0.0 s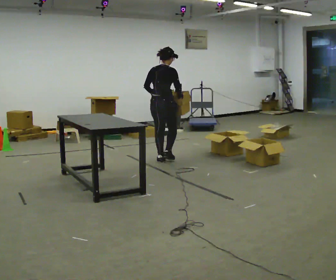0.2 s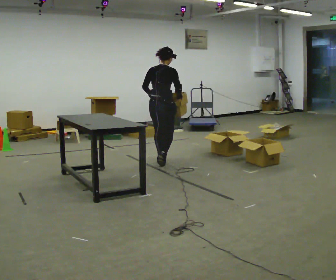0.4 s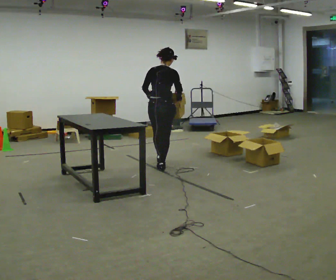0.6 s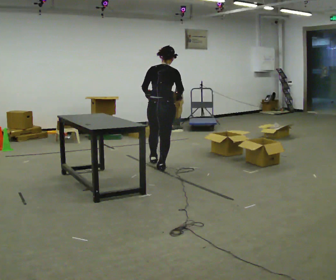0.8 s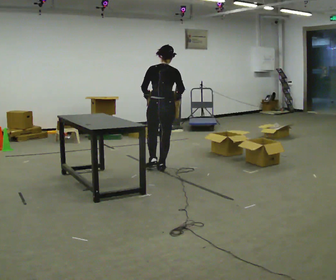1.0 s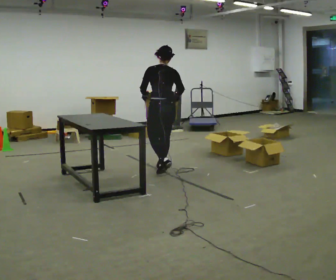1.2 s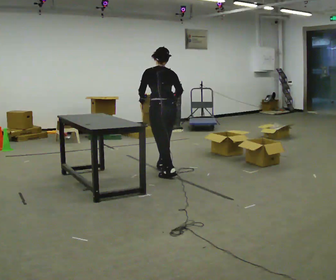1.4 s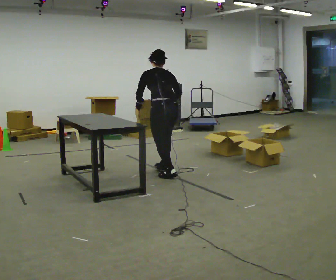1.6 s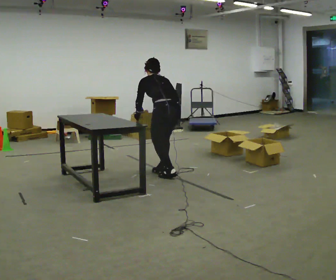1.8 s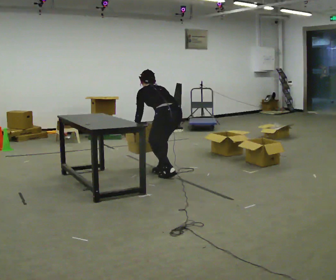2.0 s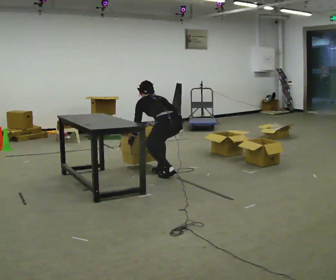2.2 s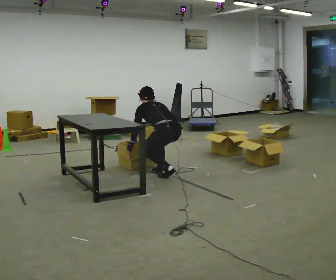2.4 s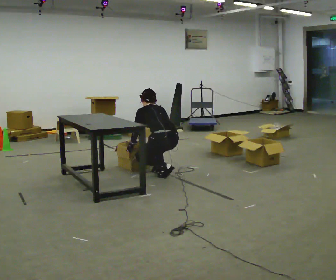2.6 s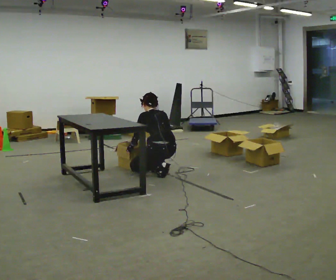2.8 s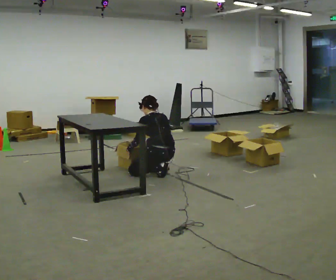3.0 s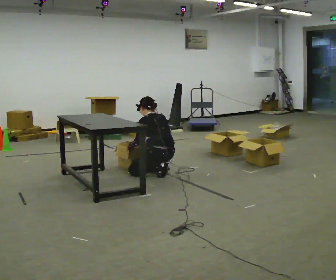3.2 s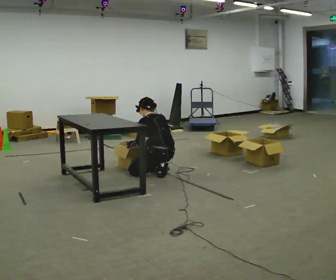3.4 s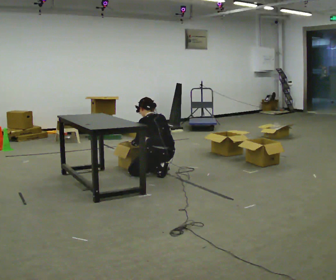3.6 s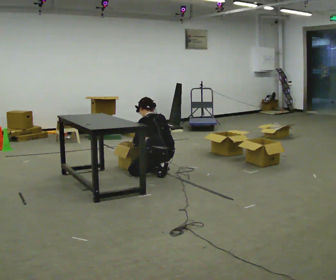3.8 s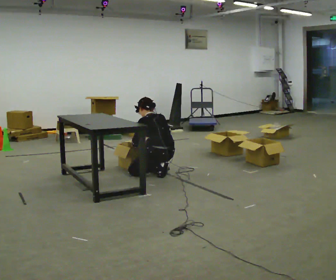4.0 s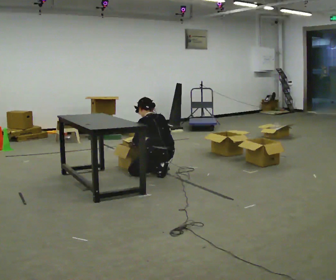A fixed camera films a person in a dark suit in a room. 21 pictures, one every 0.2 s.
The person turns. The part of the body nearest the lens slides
to the right.
The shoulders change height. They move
downward.
0.0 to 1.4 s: The part of the body nearest the lens slides to the right as the person turns to their left by about 45 degrees. In the picture they go toward the camera, about 1 m in 1 step, which for them is backward.
1.4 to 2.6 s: The upper body goes downward. In the picture their right hand goes downward.
2.6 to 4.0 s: The person moves a little, or ends about where they began.
The film runs backward here.
